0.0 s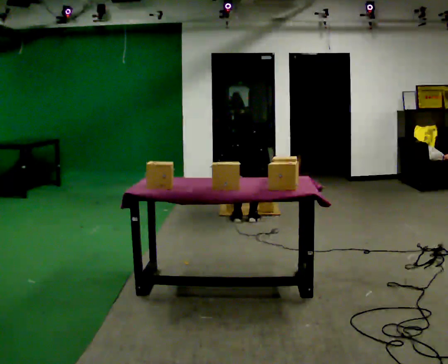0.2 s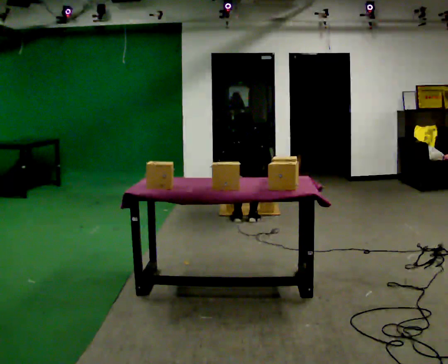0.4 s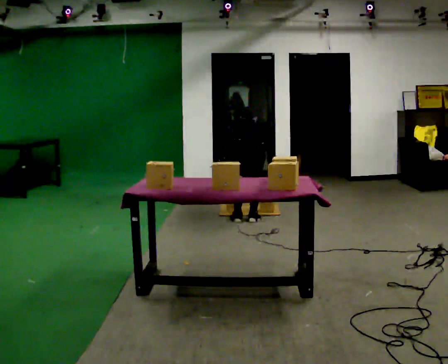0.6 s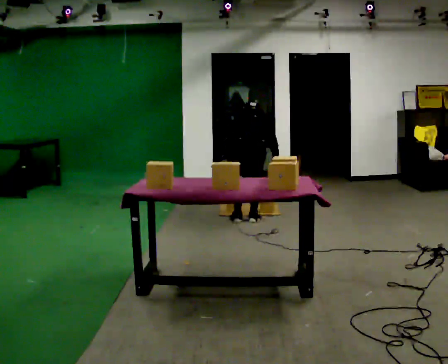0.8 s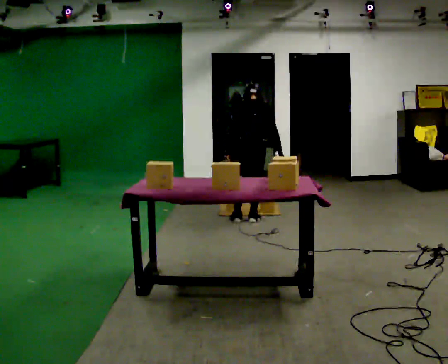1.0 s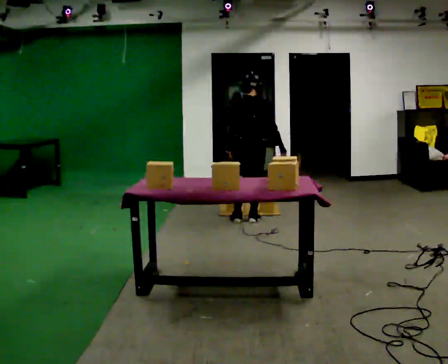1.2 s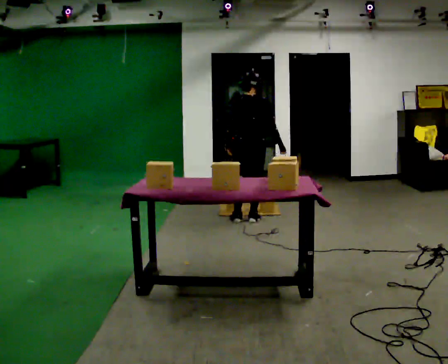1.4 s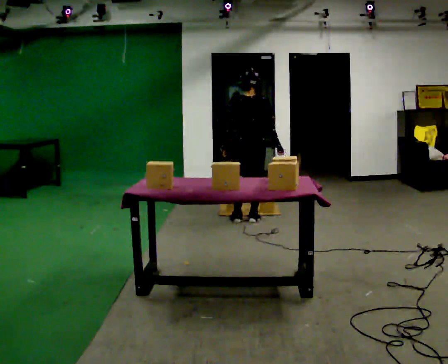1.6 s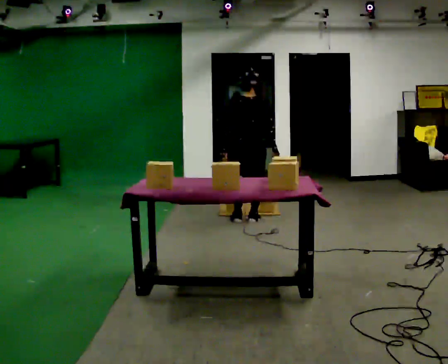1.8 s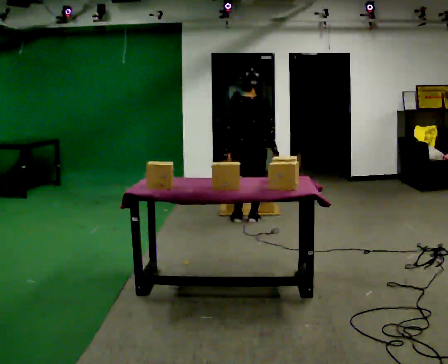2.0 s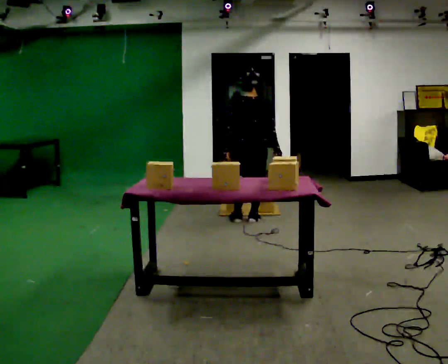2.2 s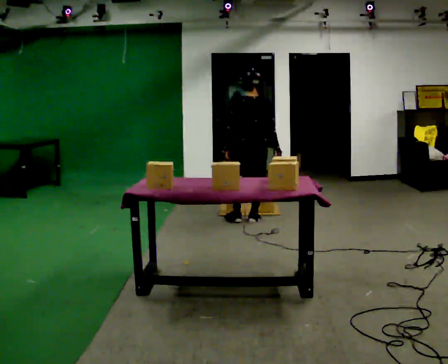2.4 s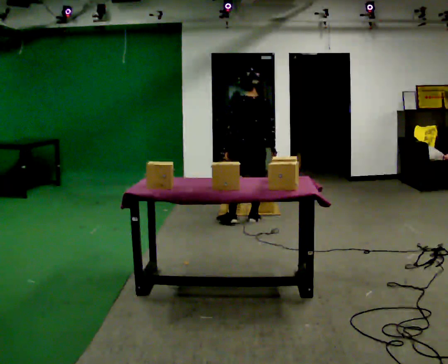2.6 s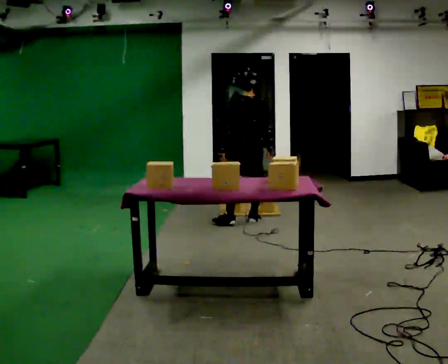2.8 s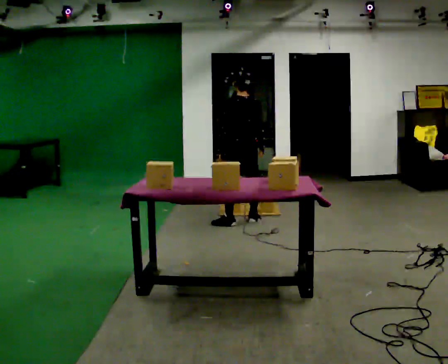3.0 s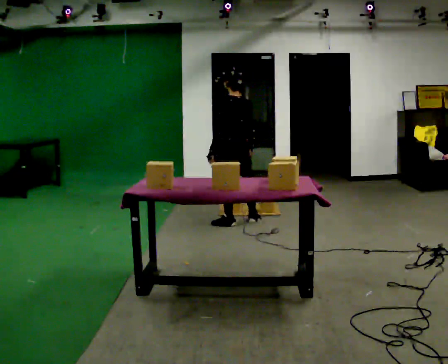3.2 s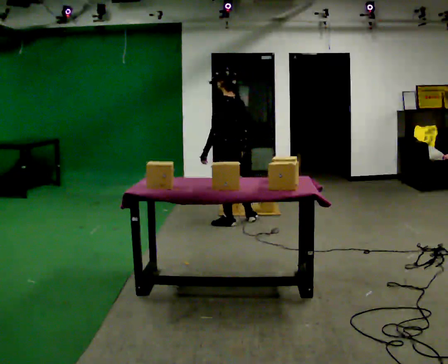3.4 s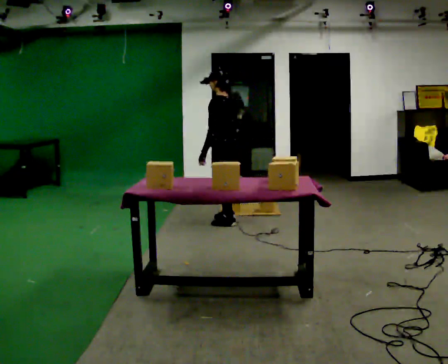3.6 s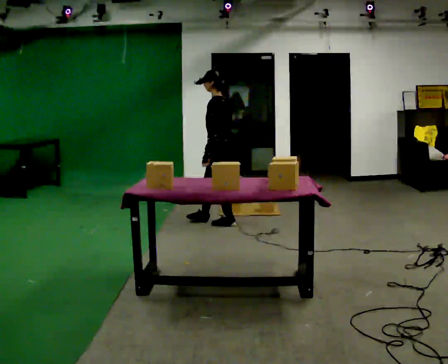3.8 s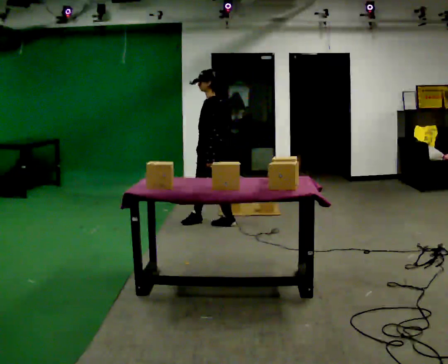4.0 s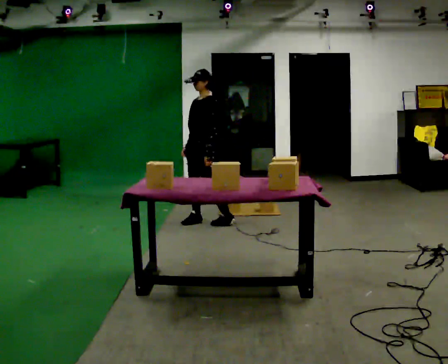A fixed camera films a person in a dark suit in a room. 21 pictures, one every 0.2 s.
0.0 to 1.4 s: The upper body goes upward. The upper body tips toward the camera, its near side rolling downward, as they lean back or straighten.
1.4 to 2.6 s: The person moves a little, or ends about where they began.
2.6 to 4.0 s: The part of the body nearest the lens slides to the right as the person turns to their left by about 90 degrees. In the picture they go to the left, about 0.5 m in 1 step.
The film runs forward here.
